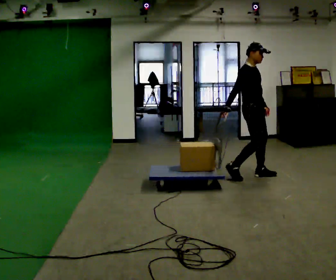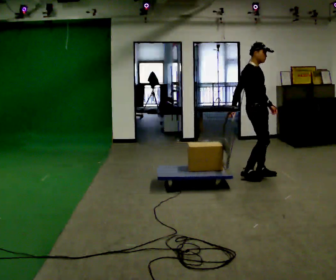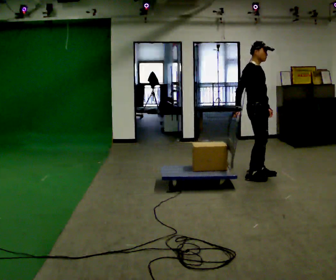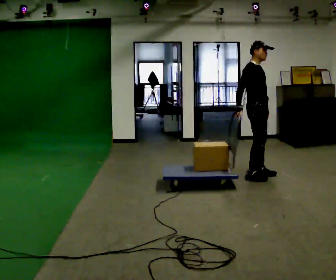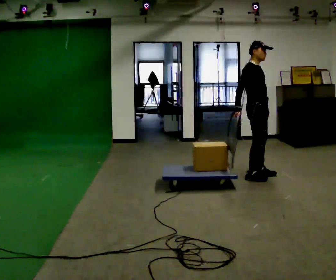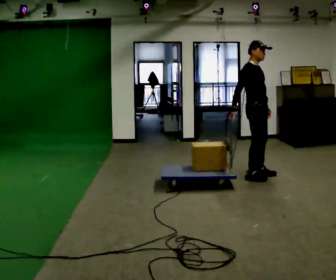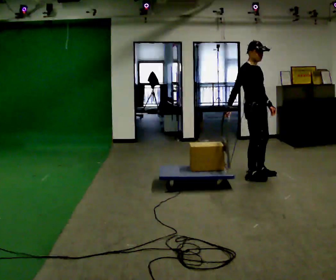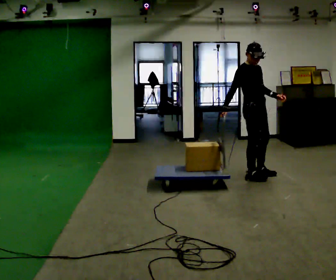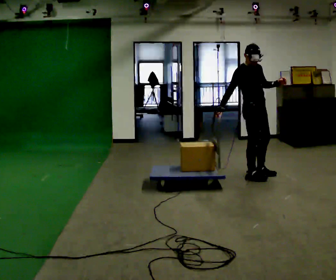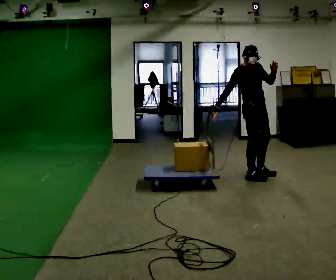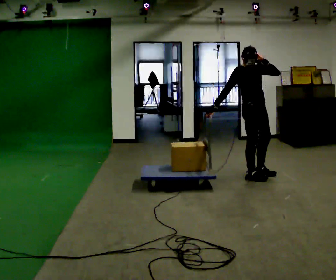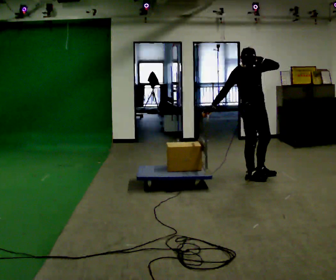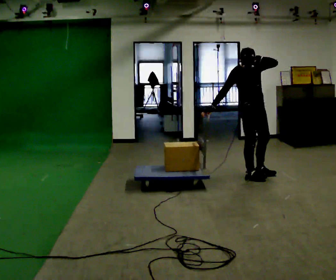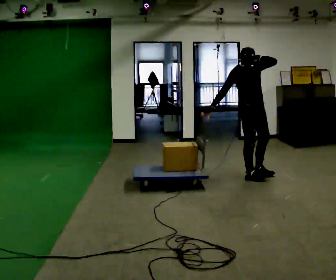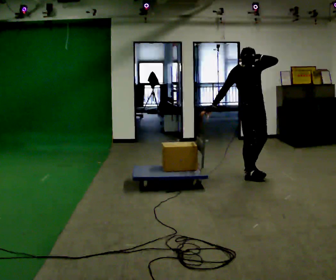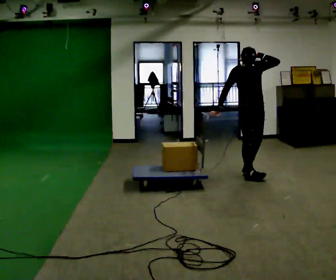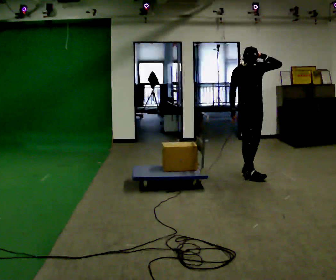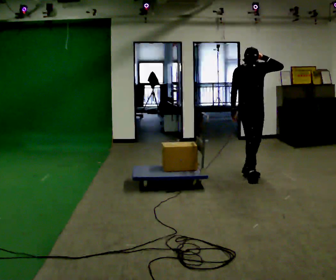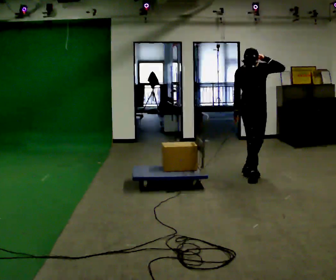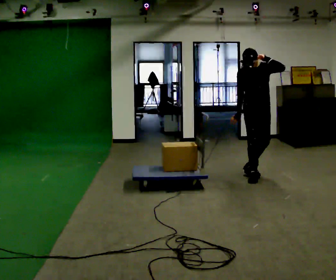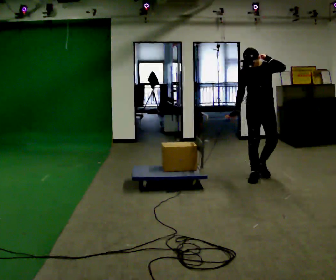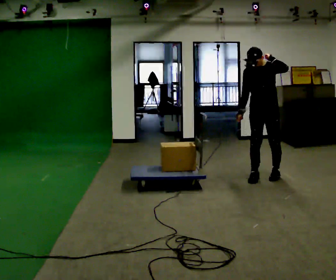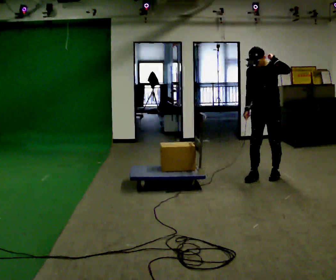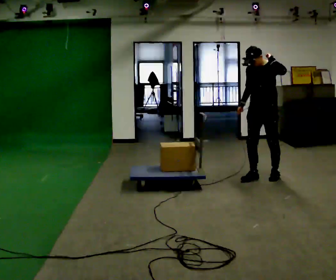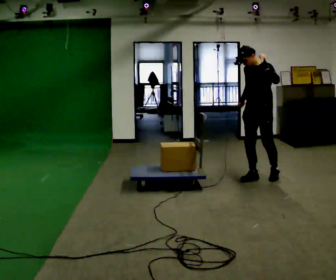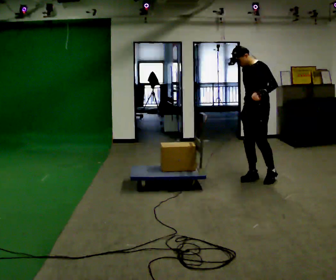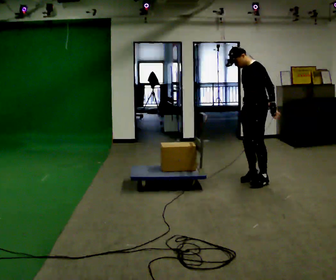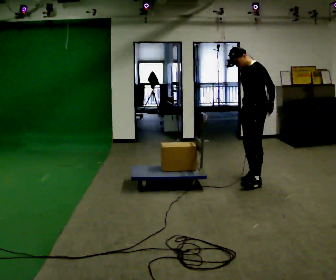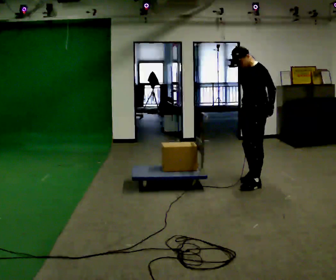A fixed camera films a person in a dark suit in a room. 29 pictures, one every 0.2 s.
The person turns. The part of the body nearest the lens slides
to the left.
The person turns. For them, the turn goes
to their right.
0.0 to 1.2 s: The person moves a little, or ends about where they began.
1.2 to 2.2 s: In the picture their left hand goes upward.
2.2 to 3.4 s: The person moves a little, or ends about where they began.
3.4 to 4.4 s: The person turns about 45 degrees to their right, clockwise seen from above, so the part of the body nearest the lens slides to the left. In the picture they go to the right, about 0.25 m in 1 step, which for them is to their left and forward.
4.4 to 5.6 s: The person turns about 45 degrees to their right, clockwise seen from above, so the part of the body nearest the lens slides to the left. In the picture they go toward the camera, about 0.25 m in 1 step, which for them is forward and to their left. In the picture their left hand goes downward.
The film runs forward here.
